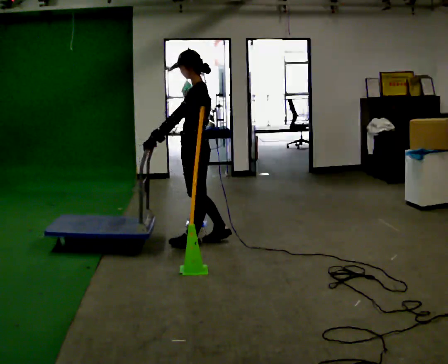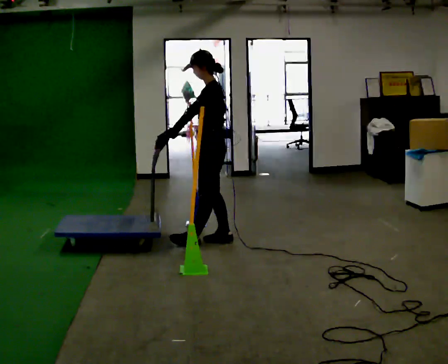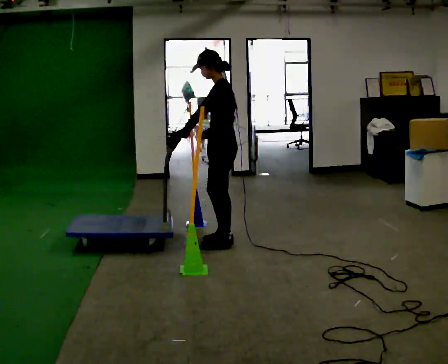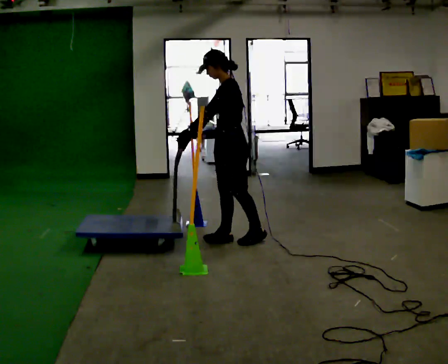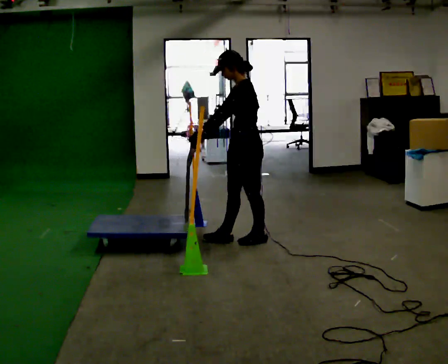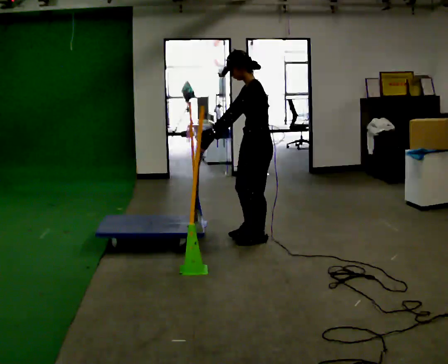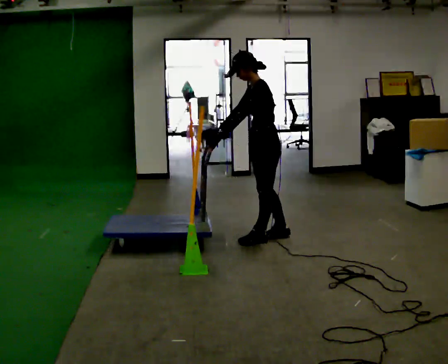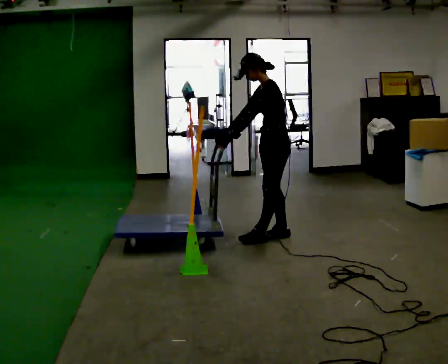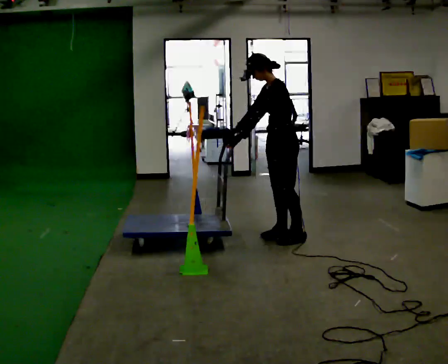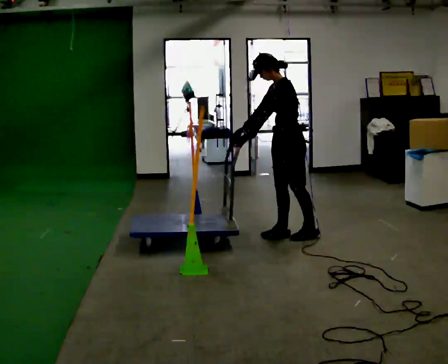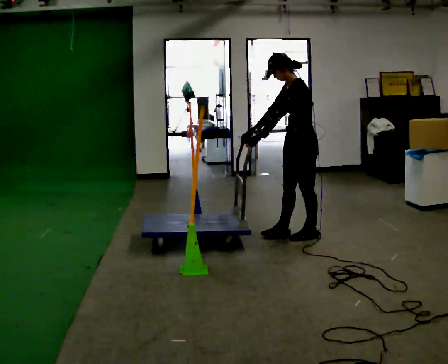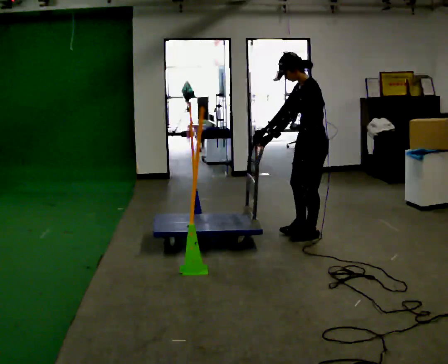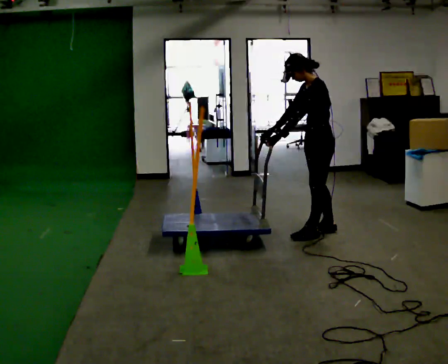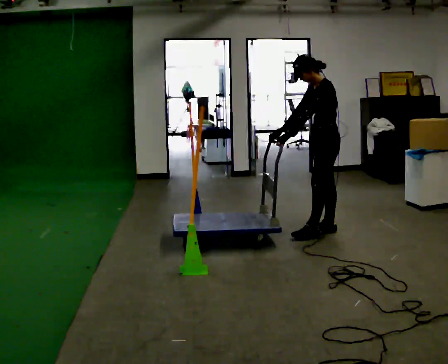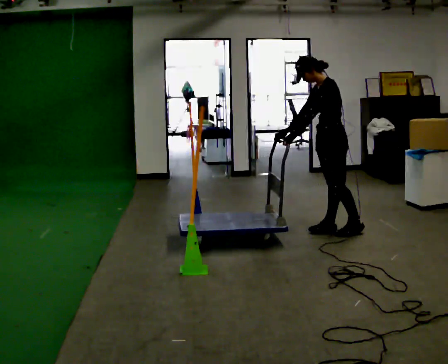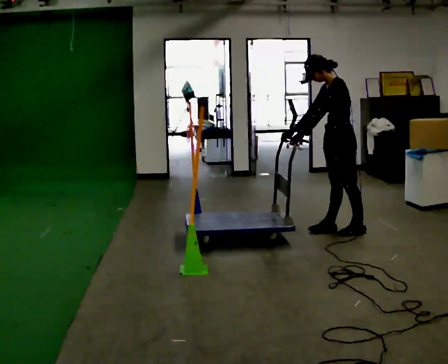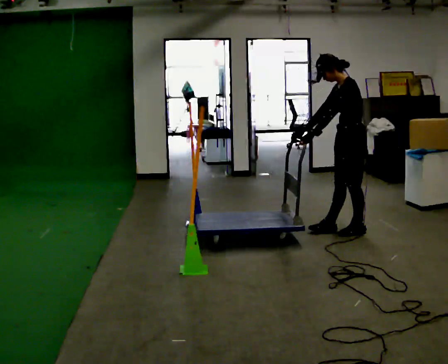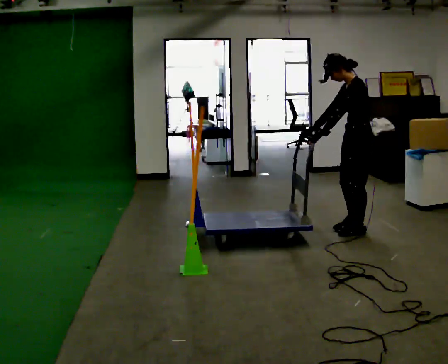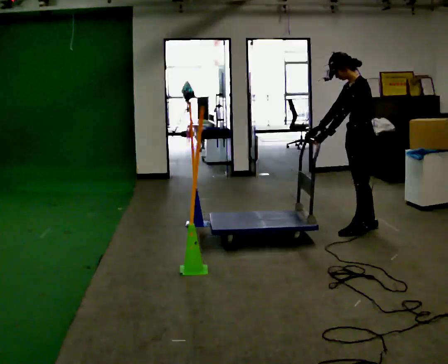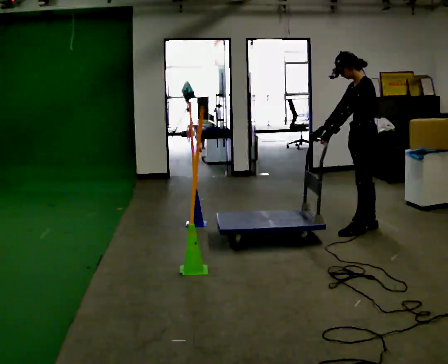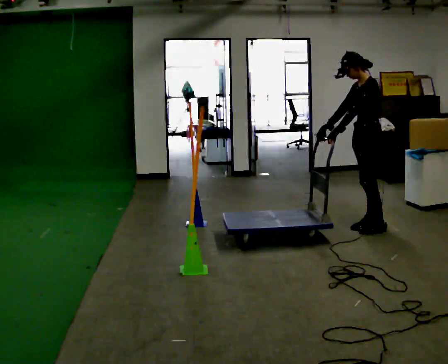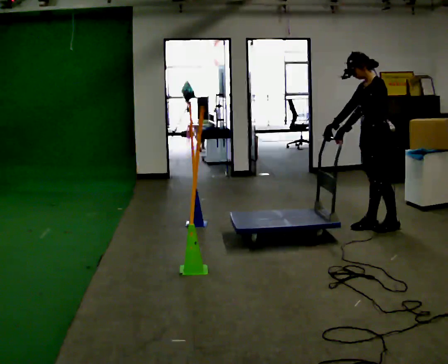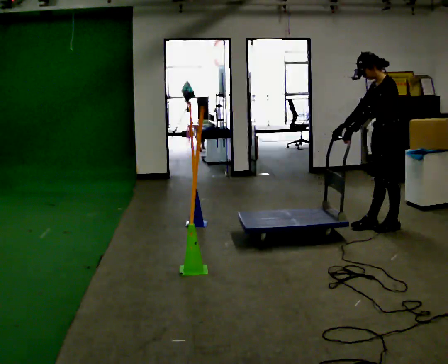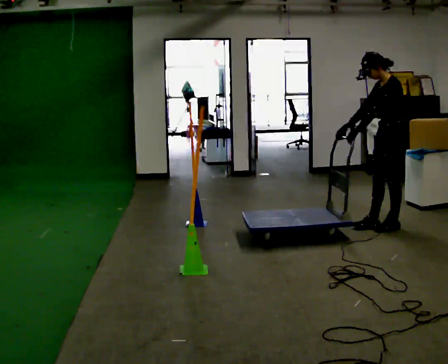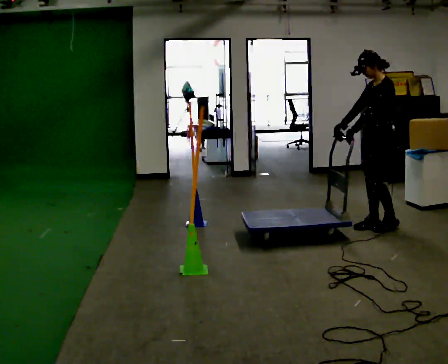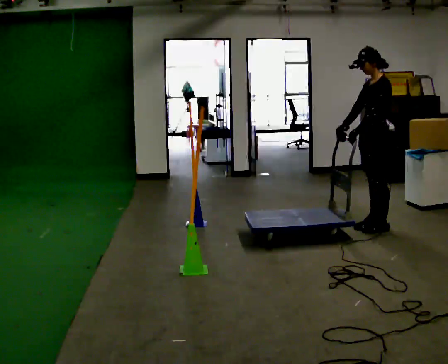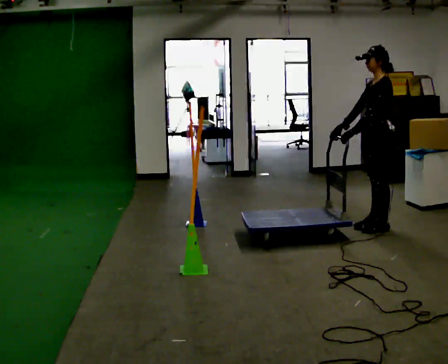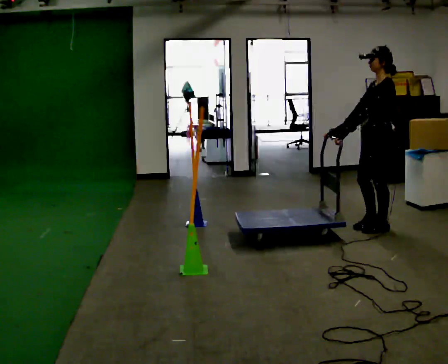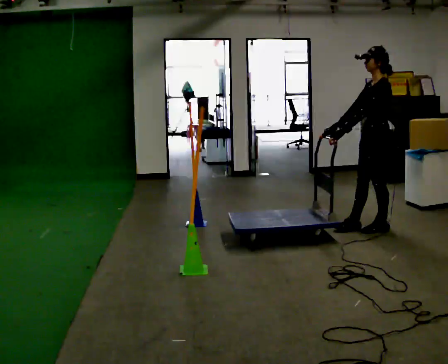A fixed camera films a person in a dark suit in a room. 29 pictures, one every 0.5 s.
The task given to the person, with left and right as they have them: Push the cart through the gap between the poles without touching them, then bring it back through.
0.0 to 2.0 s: In the picture they go to the right, about 0.5 m in 1 step, which for them is backward.
2.0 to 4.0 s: In the picture they go to the right and away from the camera, about 0.25 m in 1 step, which for them is backward and to their right.
4.0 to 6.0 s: In the picture they go to the right, about 0.25 m in 2 steps, which for them is backward.
6.0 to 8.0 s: In the picture they go to the right, about 0.25 m in 1 step, which for them is backward.
8.0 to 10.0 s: In the picture they go away from the camera and to the right, about 0.25 m in 1 step, which for them is backward and to their right.
10.0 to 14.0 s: The person moves a little, or ends about where they began.
The film runs forward here.
